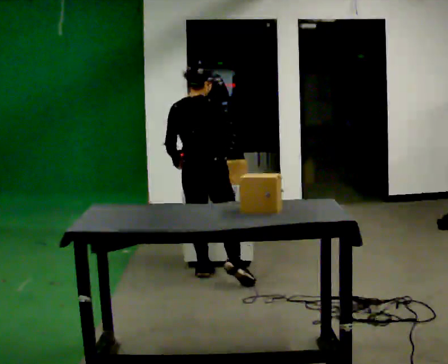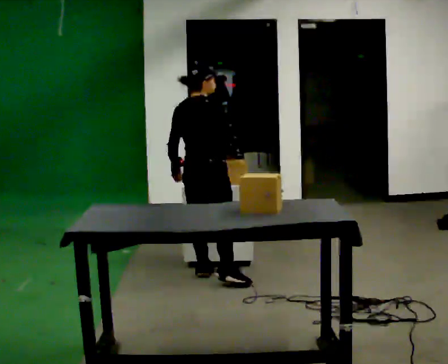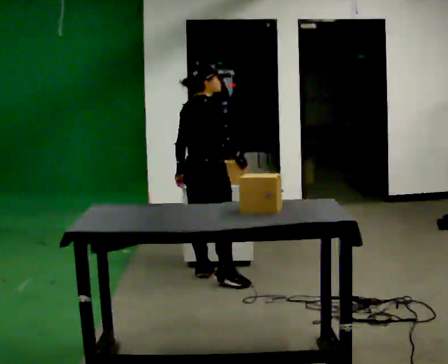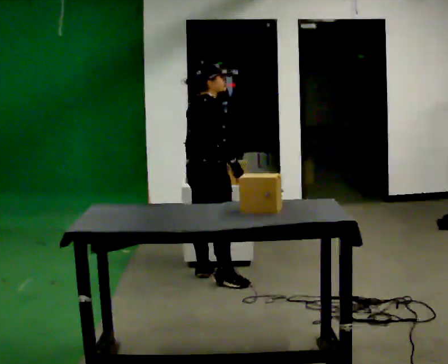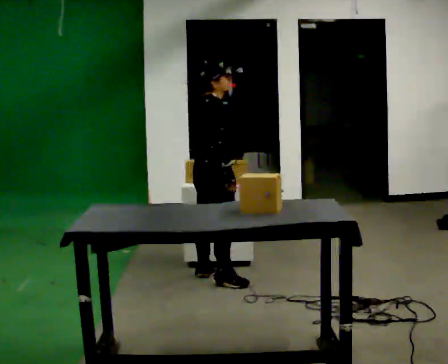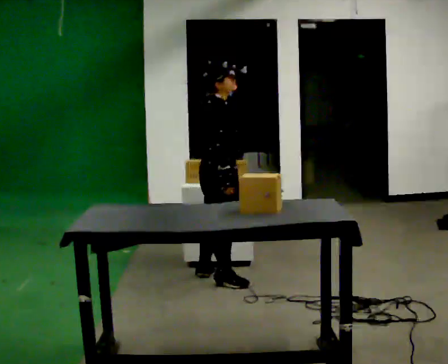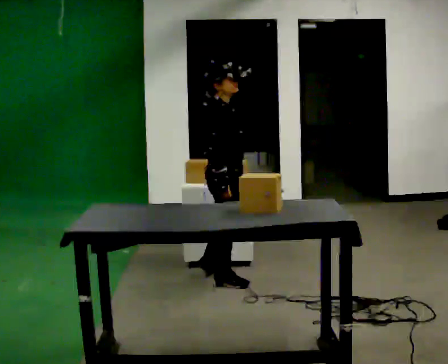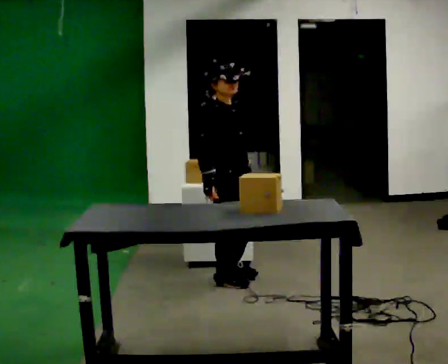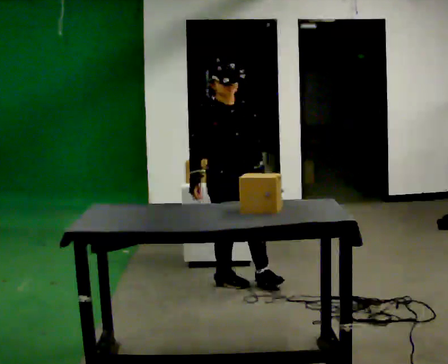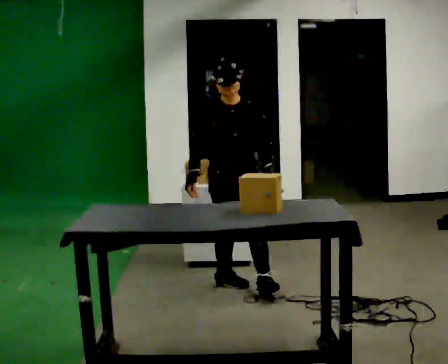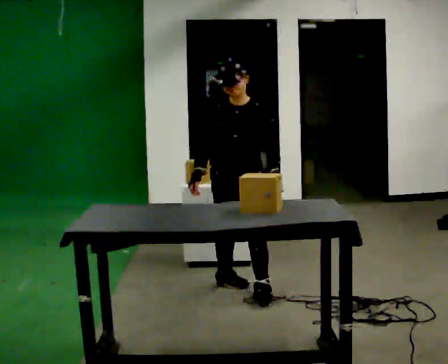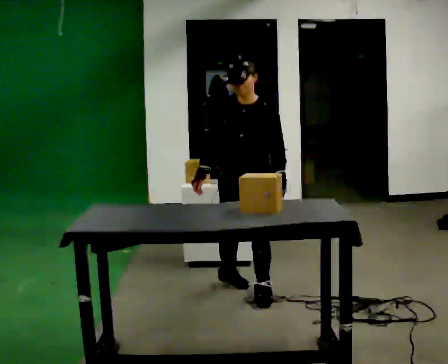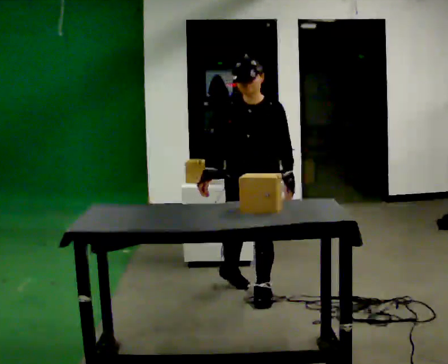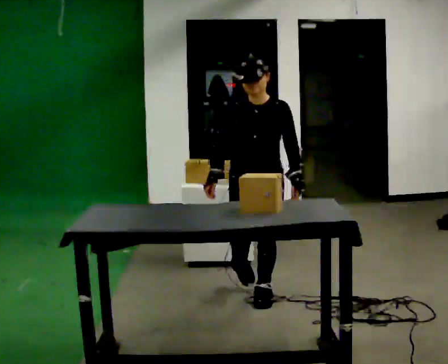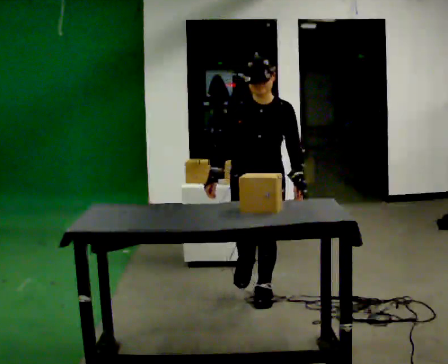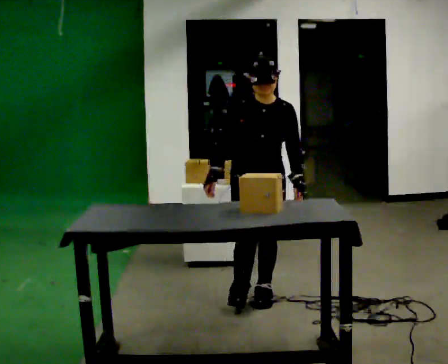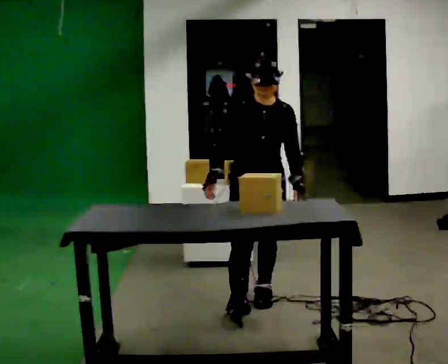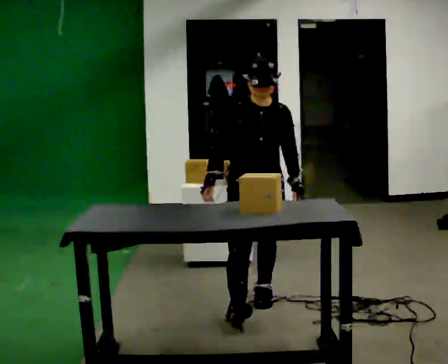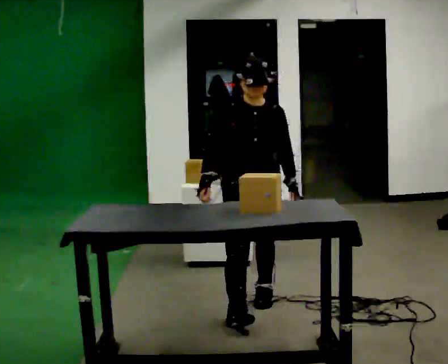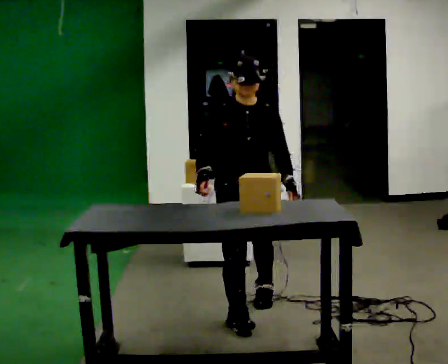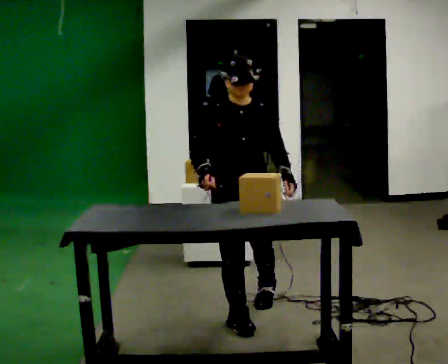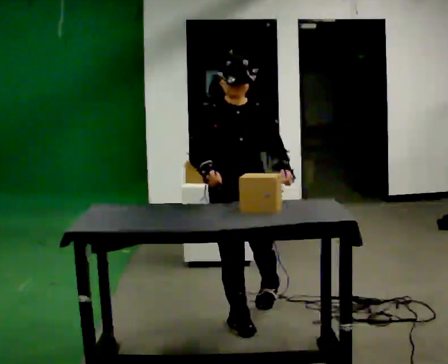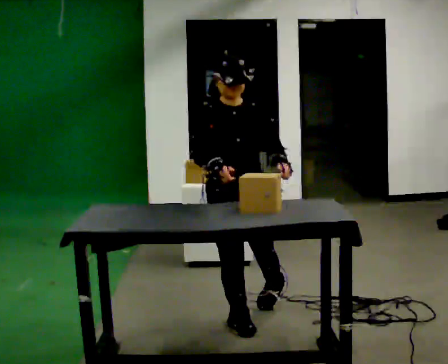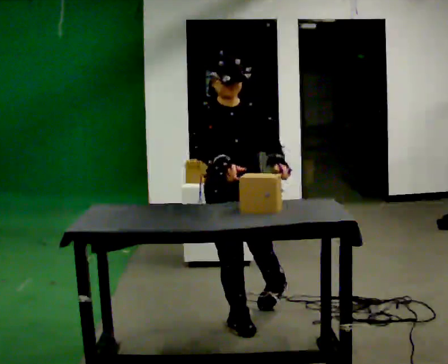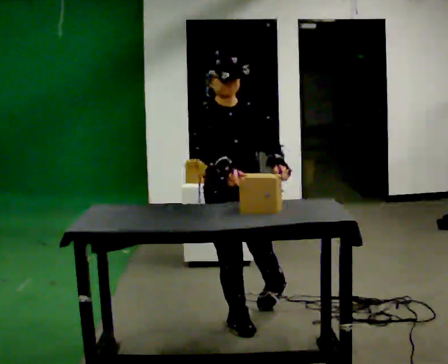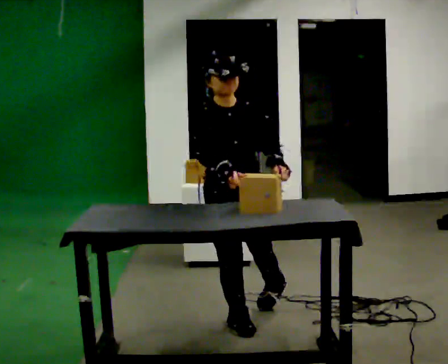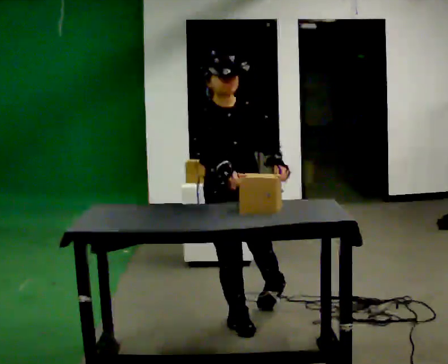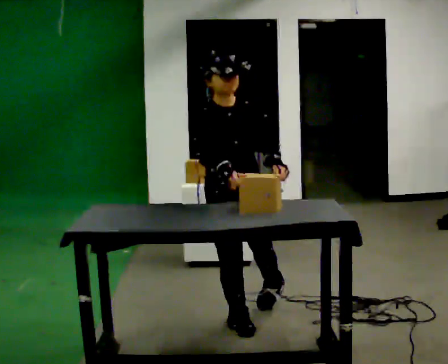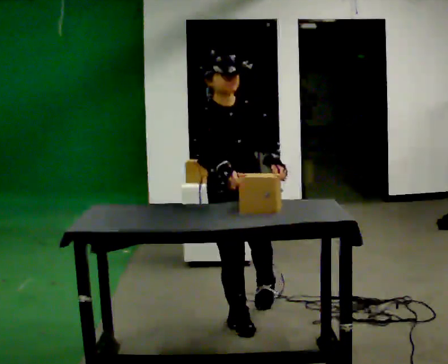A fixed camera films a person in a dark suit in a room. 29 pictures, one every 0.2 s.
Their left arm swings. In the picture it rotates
counterclockwise.
The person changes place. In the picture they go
toward the camera.
0.0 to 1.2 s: The part of the body nearest the lens slides to the left as the person turns to their right by about 75 degrees. In the picture they go toward the camera, about 0.25 m in 1 step.
1.2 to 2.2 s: The part of the body nearest the lens slides to the left as the person turns to their right by about 90 degrees. In the picture they go toward the camera and to the right, about 0.25 m in 1 step.
2.2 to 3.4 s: In the picture they go toward the camera, about 0.25 m in 1 step, which for them is forward.
3.4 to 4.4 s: In the picture they go toward the camera, about 0.25 m in 1 step, which for them is forward and to their right.
4.4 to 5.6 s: The person moves a little, or ends about where they began.
The film runs forward here.
